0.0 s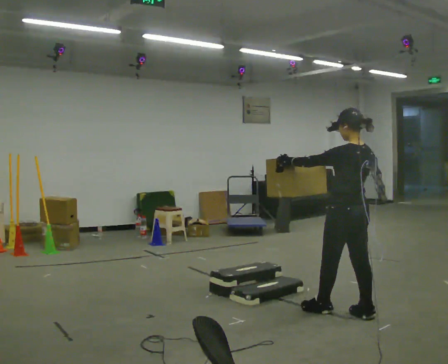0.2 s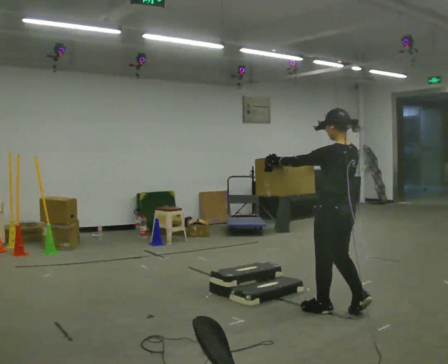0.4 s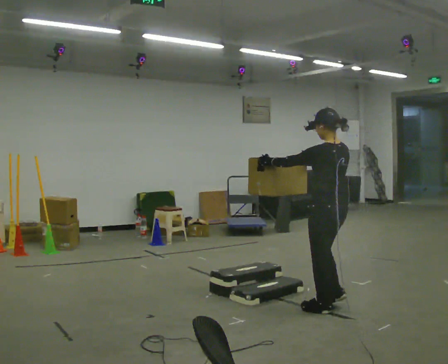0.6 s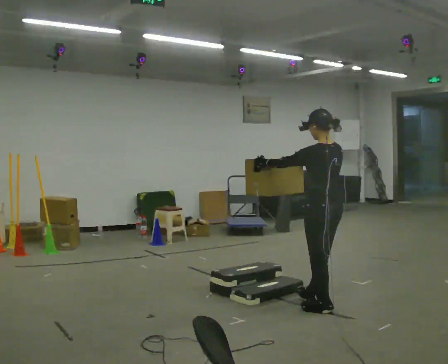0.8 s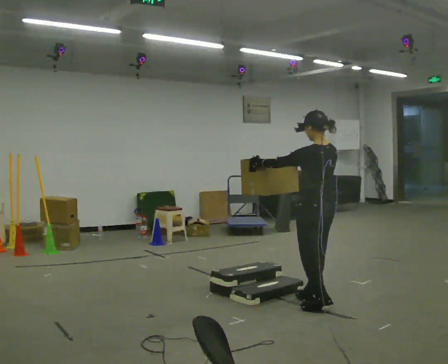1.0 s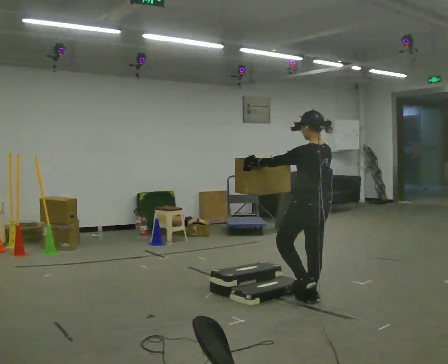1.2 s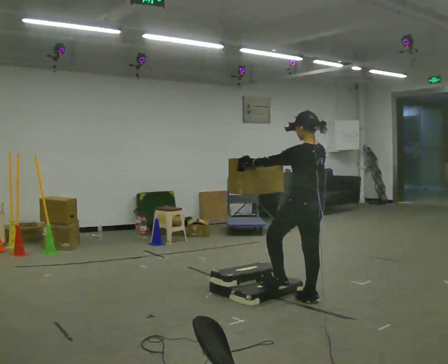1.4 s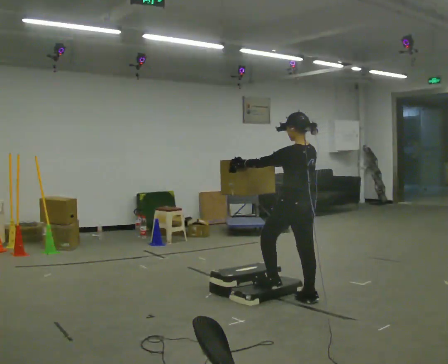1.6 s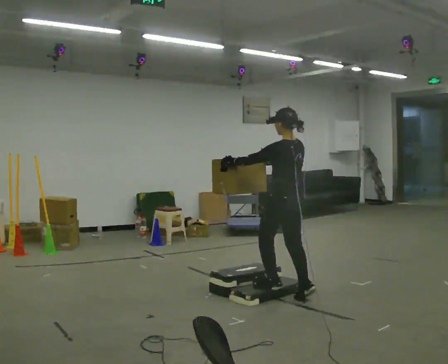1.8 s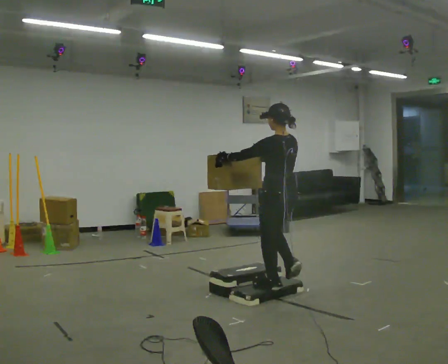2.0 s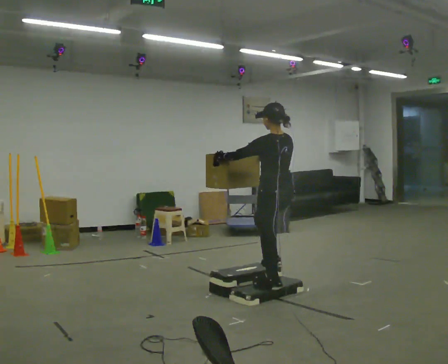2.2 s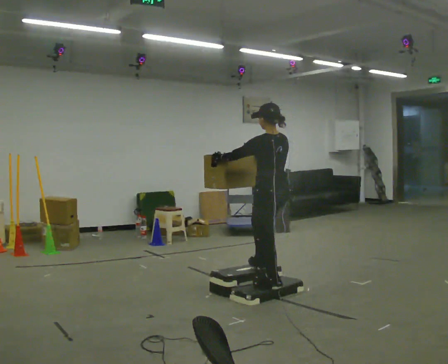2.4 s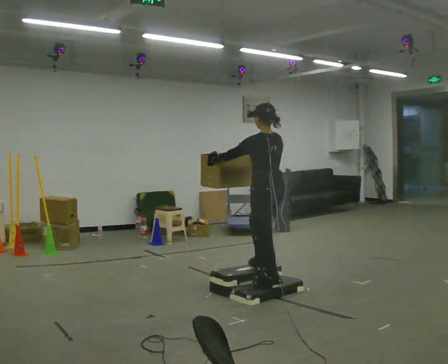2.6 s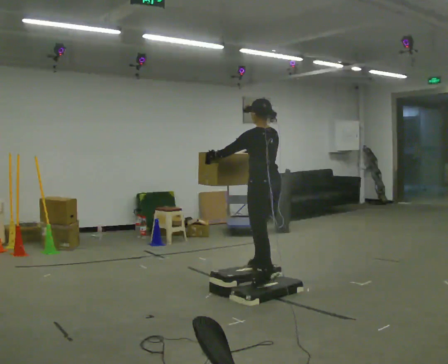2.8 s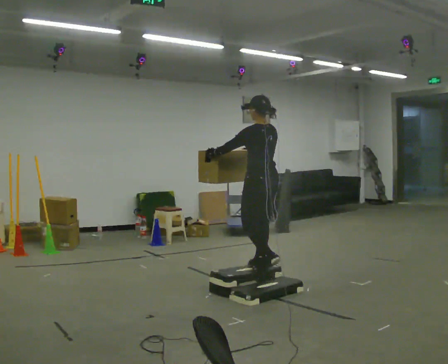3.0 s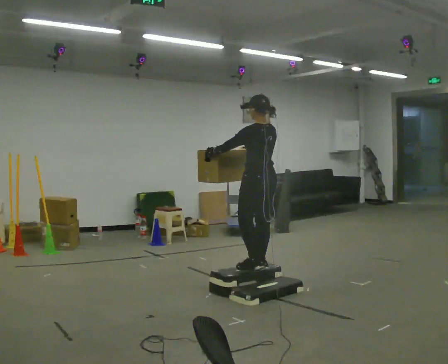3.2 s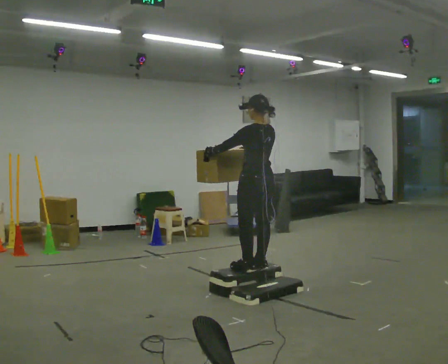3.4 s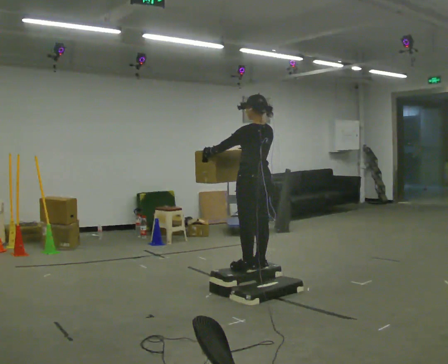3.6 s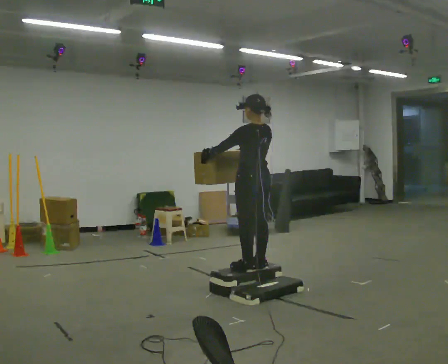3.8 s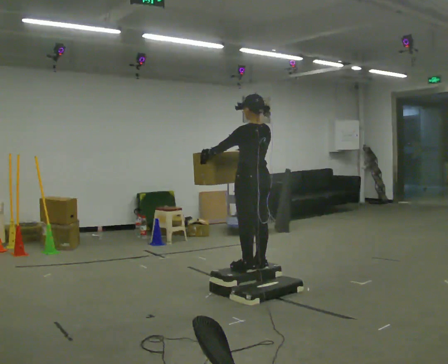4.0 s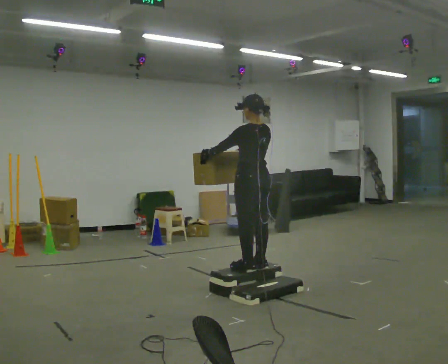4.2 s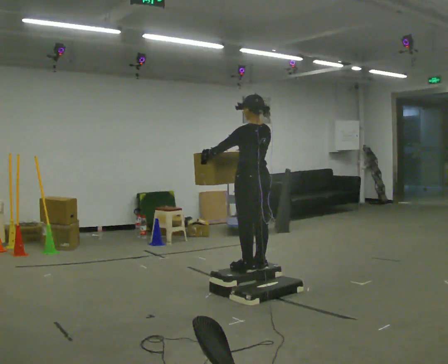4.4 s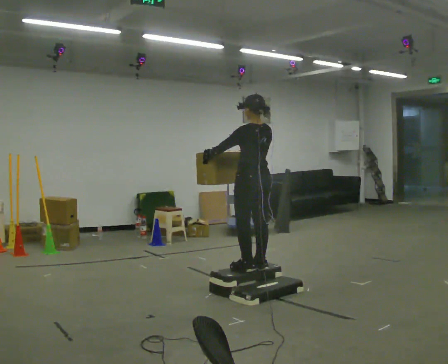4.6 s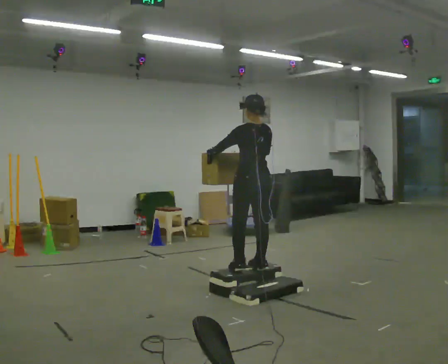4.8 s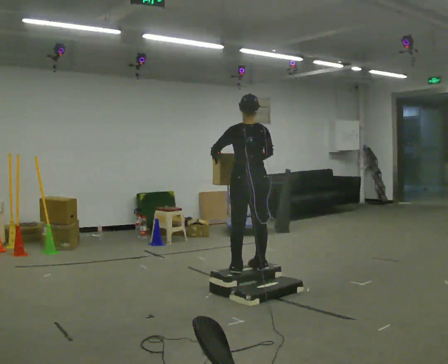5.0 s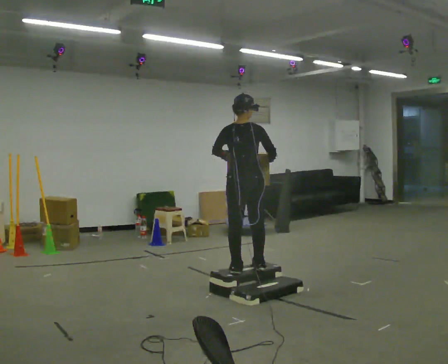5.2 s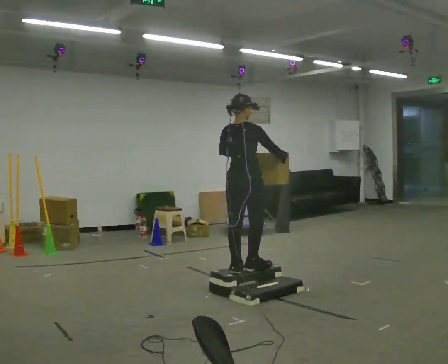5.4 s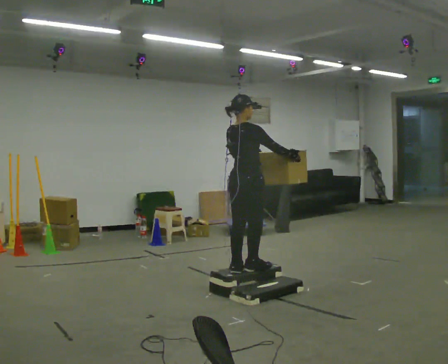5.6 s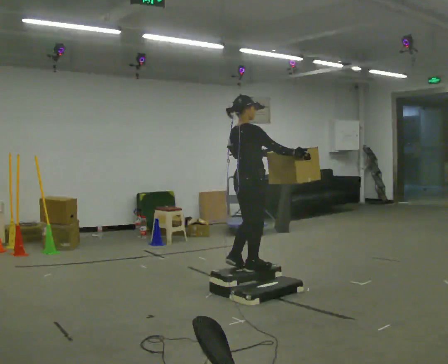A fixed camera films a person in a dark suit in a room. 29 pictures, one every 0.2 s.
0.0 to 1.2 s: In the picture they go away from the camera and to the left, about 0.5 m in 1 step, which for them is forward.
1.2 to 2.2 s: In the picture they go to the left and away from the camera, about 0.25 m in 2 steps, which for them is forward.
2.2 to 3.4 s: In the picture they go away from the camera, about 0.25 m in 1 step, which for them is forward.
3.4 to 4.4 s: The person moves a little, or ends about where they began.
4.4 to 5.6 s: The person turns about 90 degrees to their right, clockwise seen from above, so the part of the body nearest the lens slides to the left. In the picture their left hand goes to the right.
The film runs forward here.
